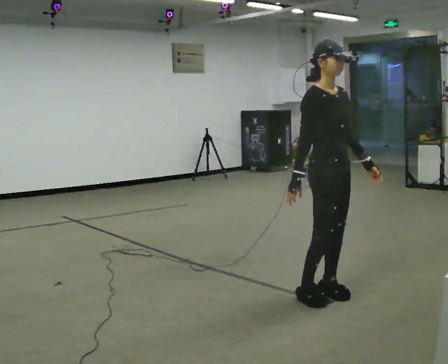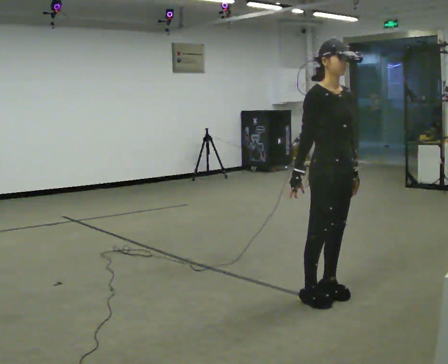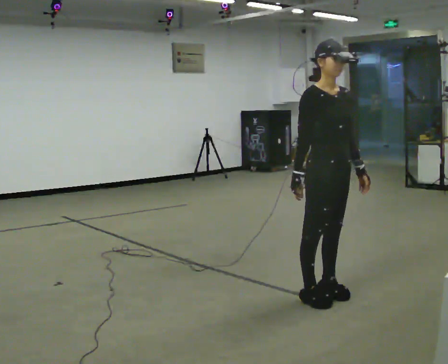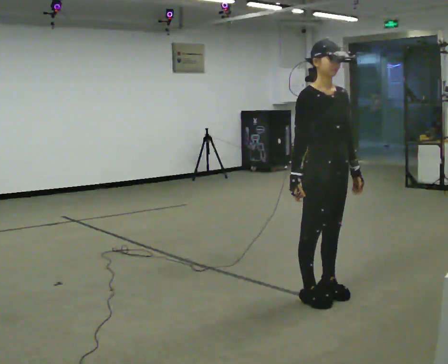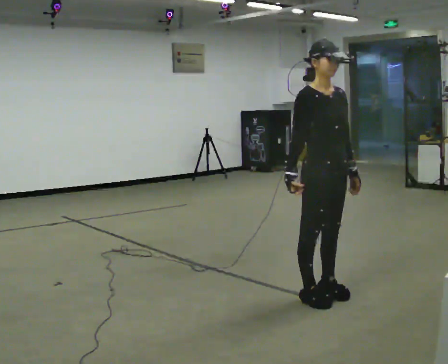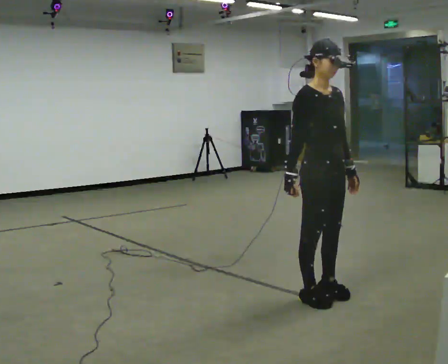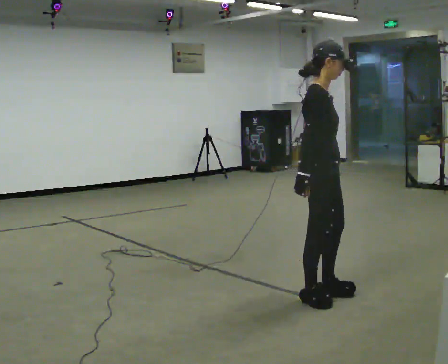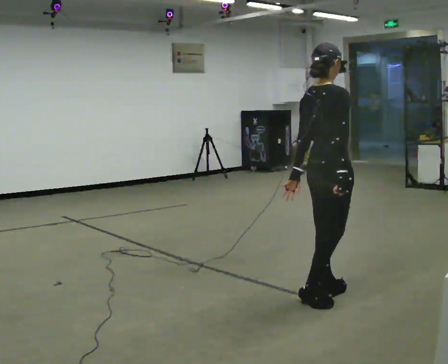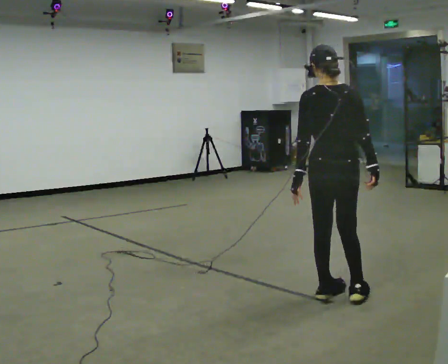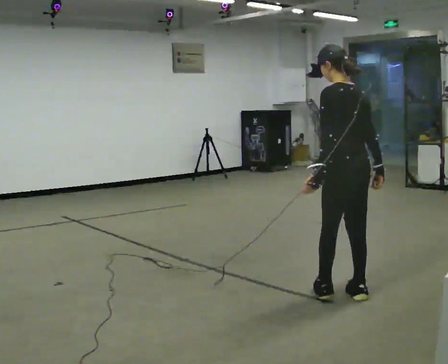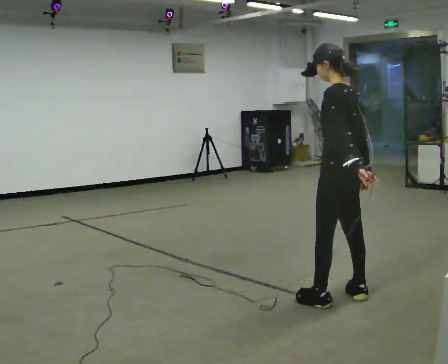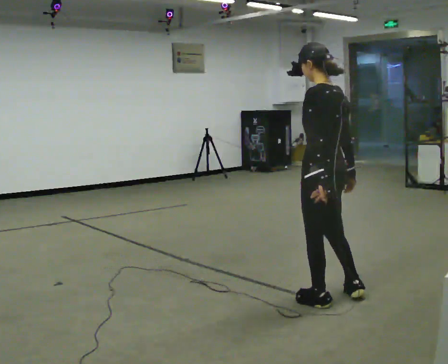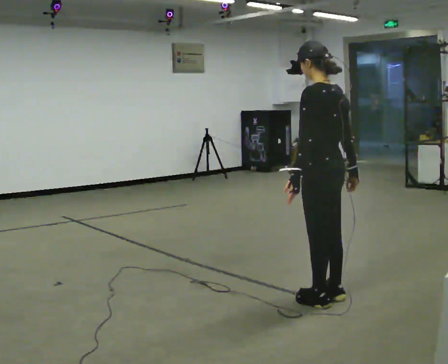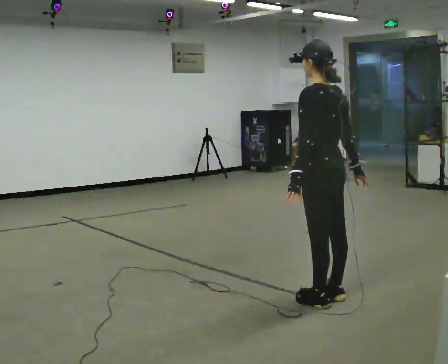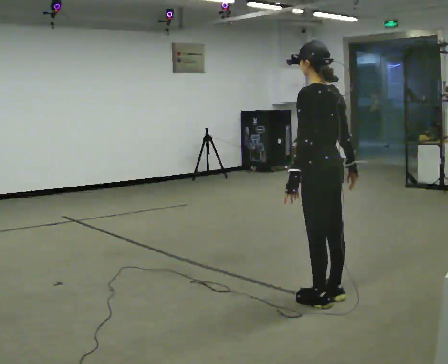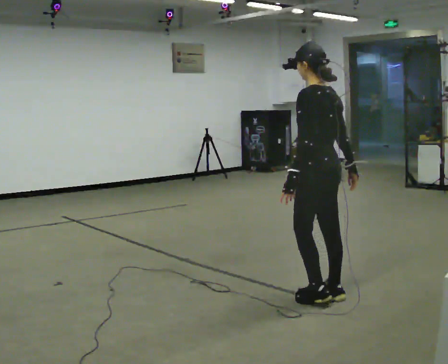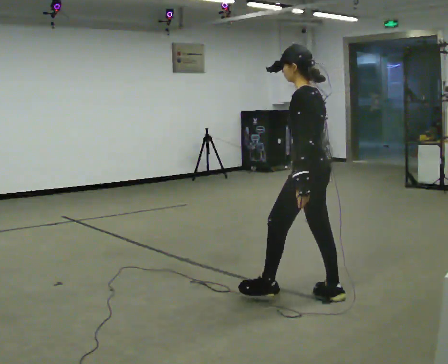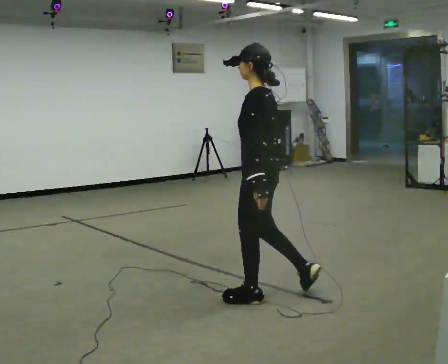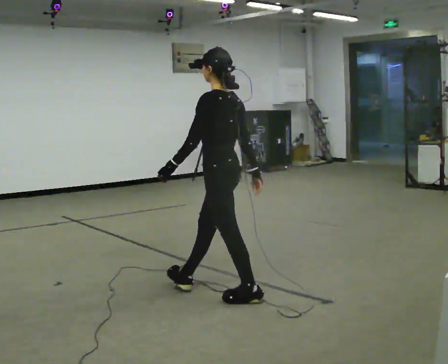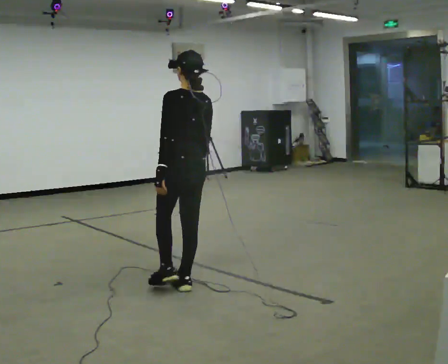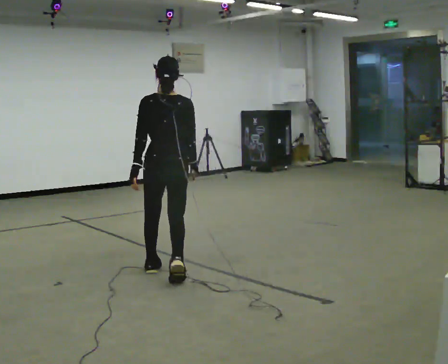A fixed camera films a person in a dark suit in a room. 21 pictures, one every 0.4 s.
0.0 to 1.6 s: The person moves a little, or ends about where they began.
1.6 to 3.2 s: The part of the body nearest the lens slides to the right as the person turns to their left by about 135 degrees. In the picture their right hand goes to the right, the arm swinging counterclockwise.
3.2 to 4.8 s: Seen from above the body turns counterclockwise, about 45 degrees: to their left, with its near side sliding to the right.
4.8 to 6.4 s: In the picture their right hand goes to the left.
6.4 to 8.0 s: The part of the body nearest the lens slides to the left as the person turns to their right by about 60 degrees. In the picture they go to the left and away from the camera, about 1 m in 3 steps.
The film runs forward here.
